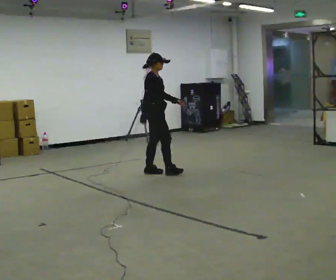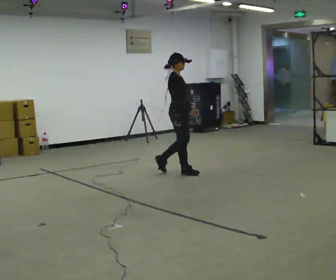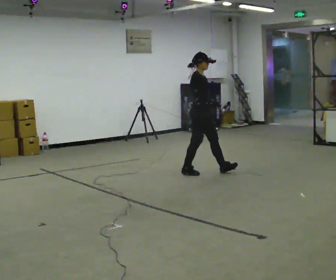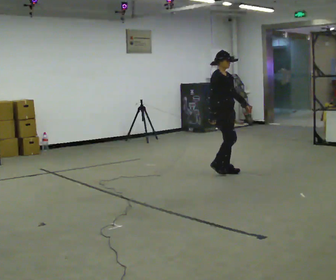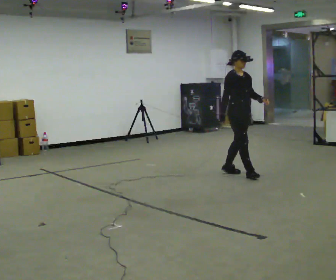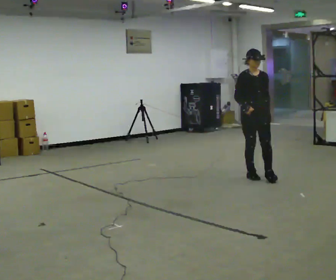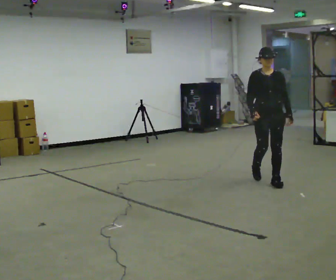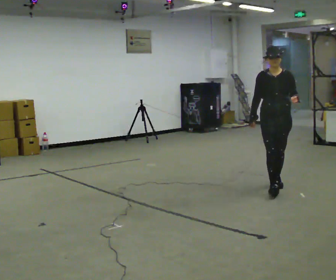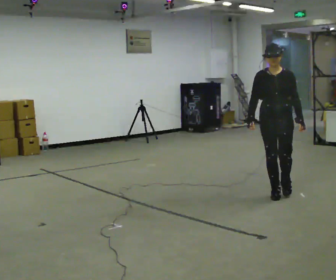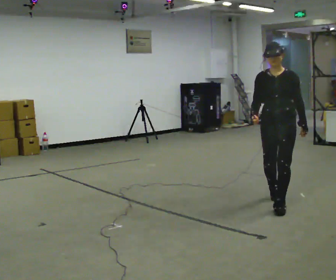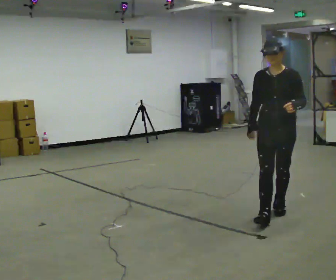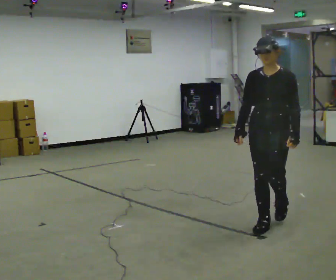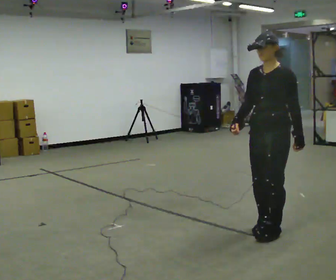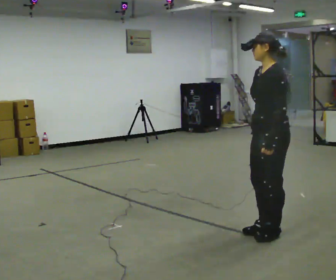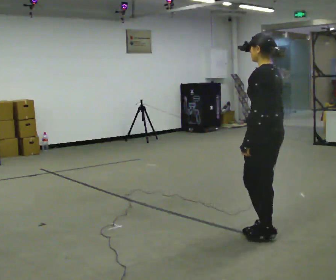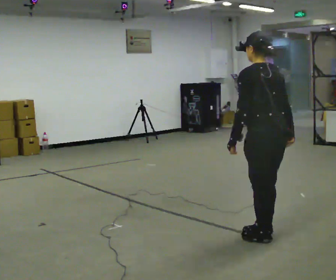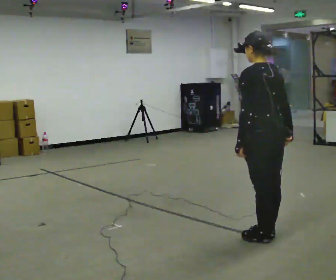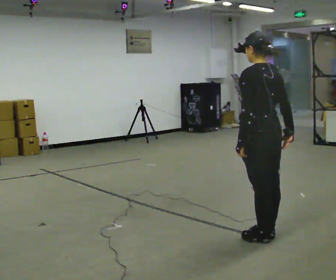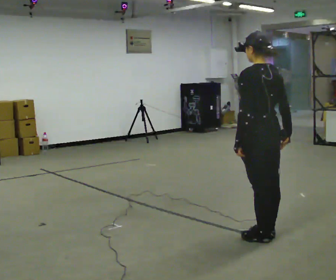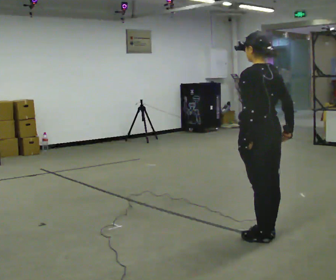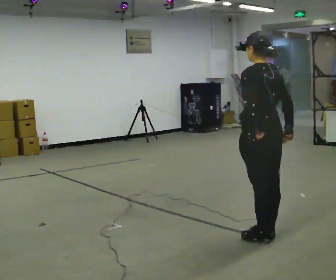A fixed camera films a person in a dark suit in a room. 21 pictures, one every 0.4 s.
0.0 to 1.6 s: The part of the body nearest the lens slides to the left as the person turns to their right by about 30 degrees. In the picture they go to the right, about 1 m in 3 steps, which for them is forward.
1.6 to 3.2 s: Seen from above the body turns clockwise, about 60 degrees: to their right, with its near side sliding to the left. In the picture they go toward the camera and to the right, about 1 m in 2 steps.
3.2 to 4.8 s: The person turns about 45 degrees to their right, clockwise seen from above, so the part of the body nearest the lens slides to the left. In the picture they go toward the camera, about 1 m in 3 steps, which for them is forward.
4.8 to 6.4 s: The person turns about 90 degrees to their right, clockwise seen from above, so the part of the body nearest the lens slides to the left. In the picture they go toward the camera, about 0.25 m in 1 step. In the picture their right hand goes to the right, the arm swinging counterclockwise.
6.4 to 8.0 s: The person moves a little, or ends about where they began.
The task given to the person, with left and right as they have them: Walk forward; gradually curve left/right; straighten out.
The film runs forward here.
